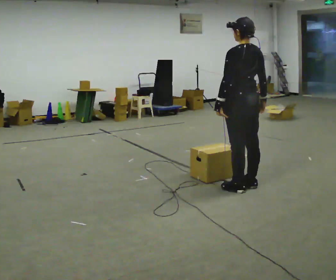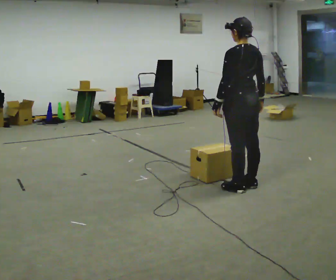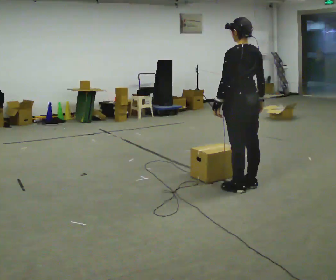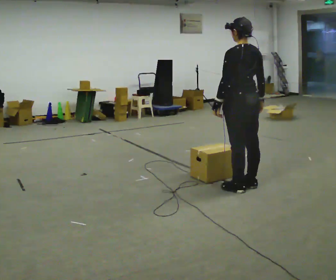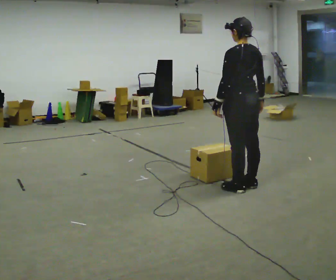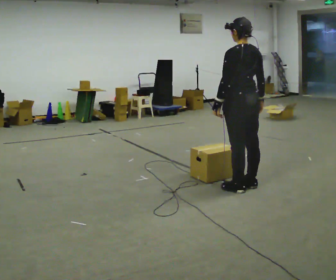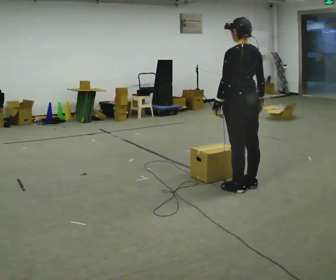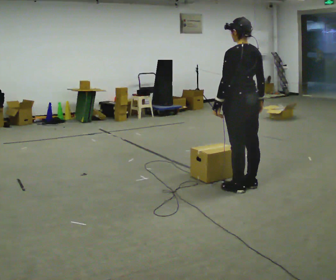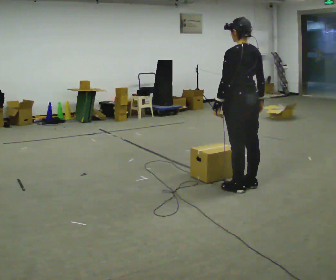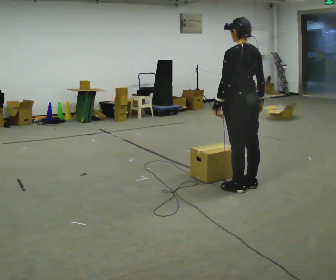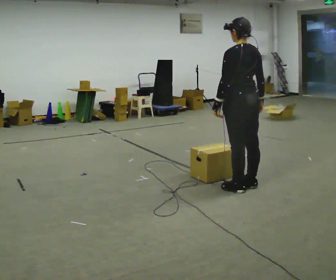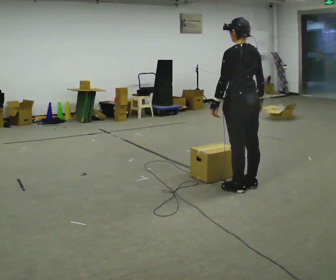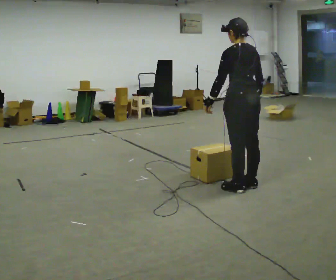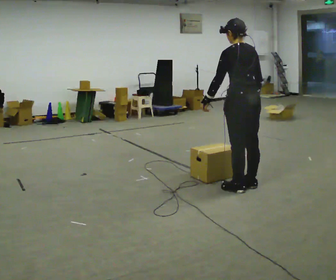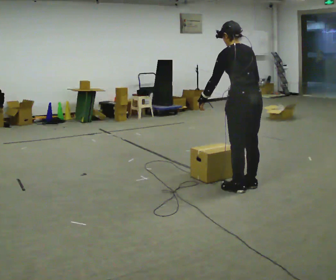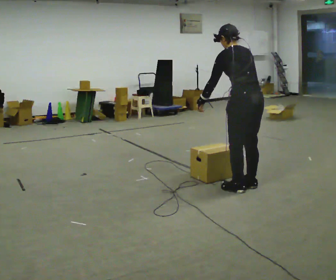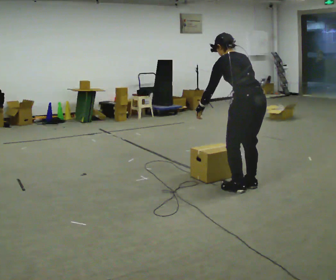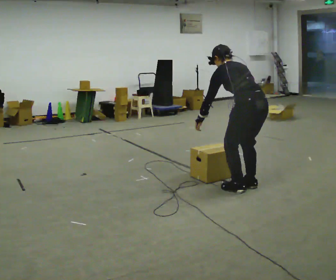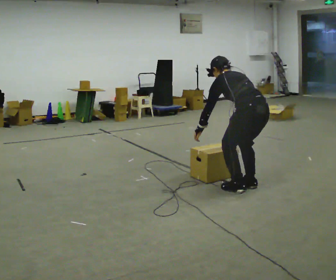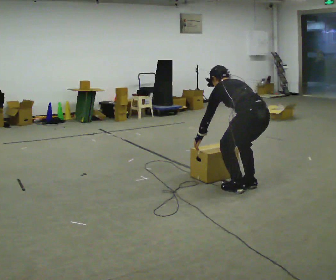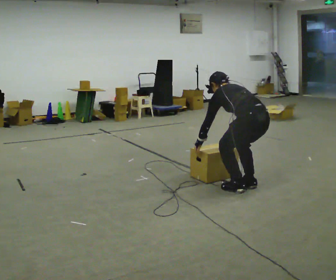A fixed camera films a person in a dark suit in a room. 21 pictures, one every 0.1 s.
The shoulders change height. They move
downward.
Their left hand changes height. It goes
downward.
0.0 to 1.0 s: The person moves a little, or ends about where they began.
1.0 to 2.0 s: The upper body goes downward. The upper body tips away from the camera, its near side rolling upward, as they bend forward. In the picture their left hand goes downward.
The film runs forward here.
